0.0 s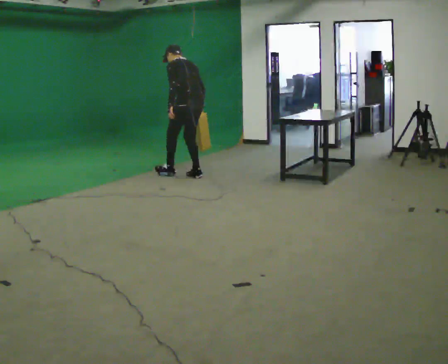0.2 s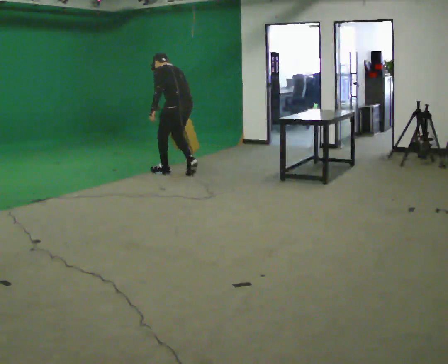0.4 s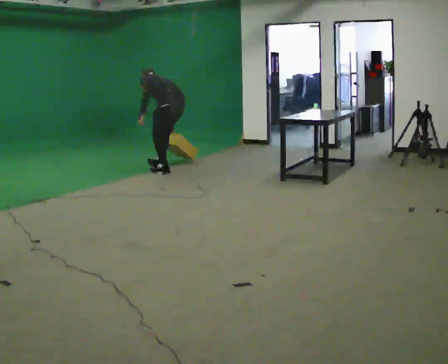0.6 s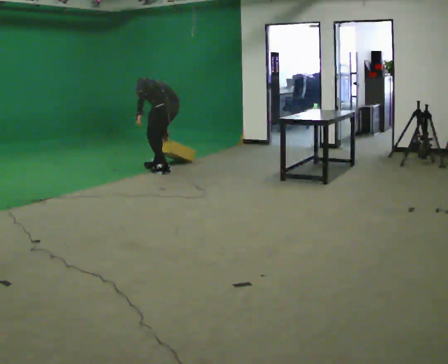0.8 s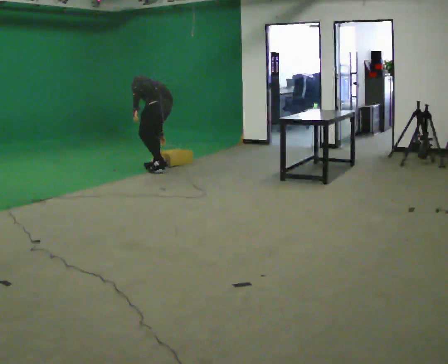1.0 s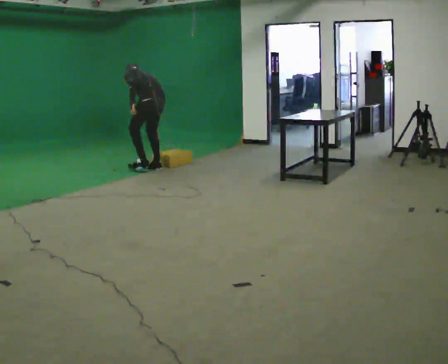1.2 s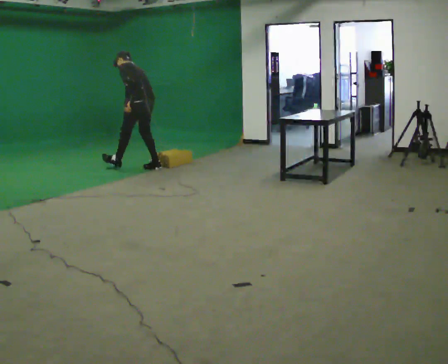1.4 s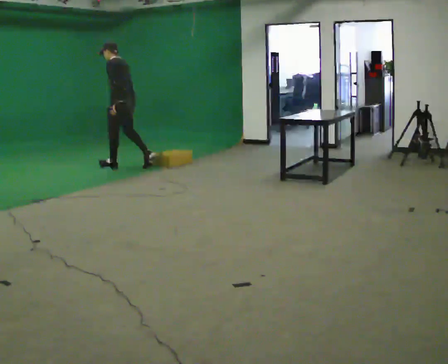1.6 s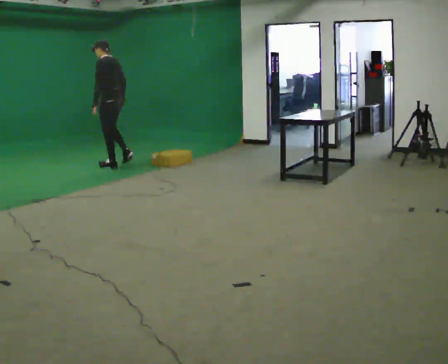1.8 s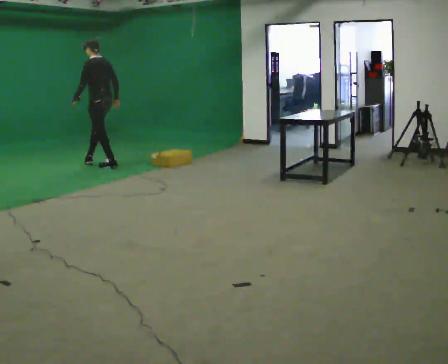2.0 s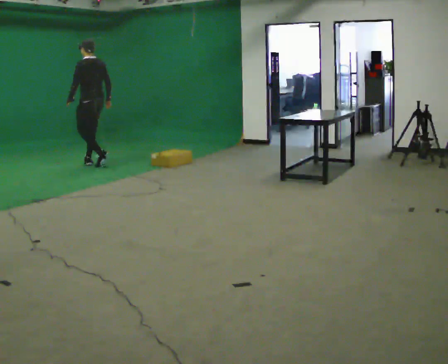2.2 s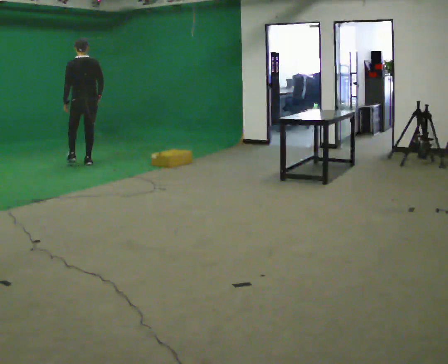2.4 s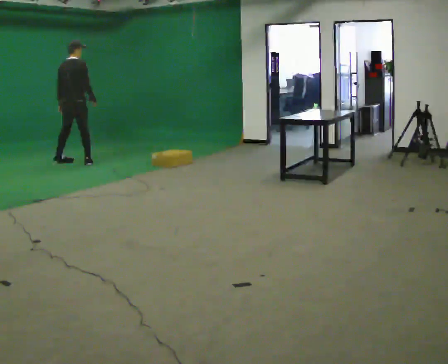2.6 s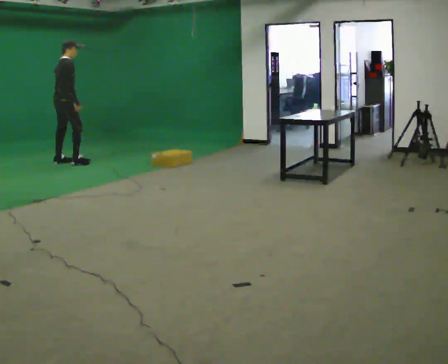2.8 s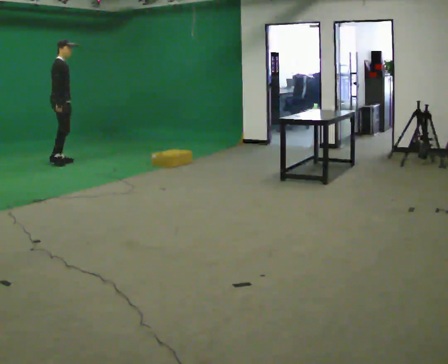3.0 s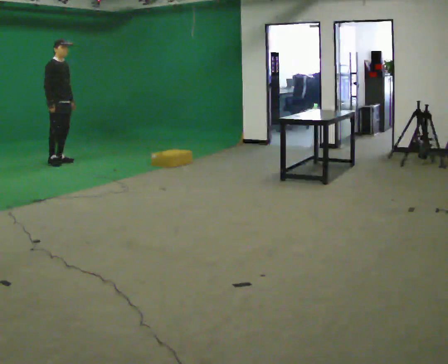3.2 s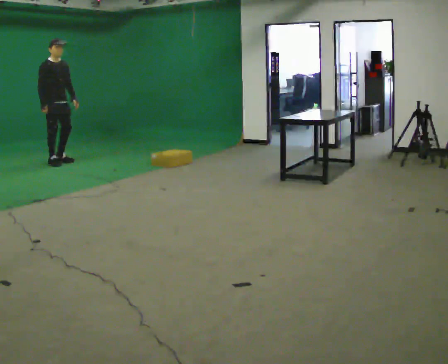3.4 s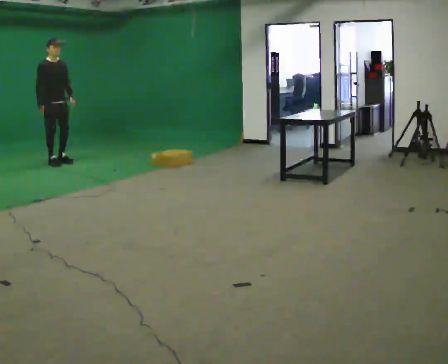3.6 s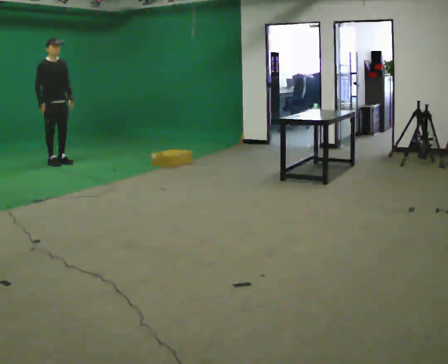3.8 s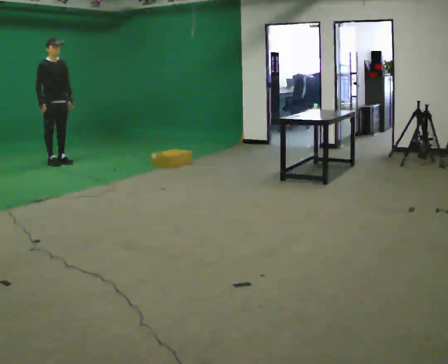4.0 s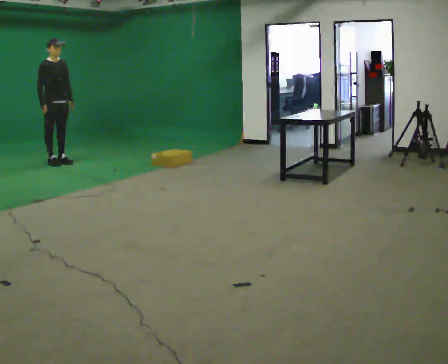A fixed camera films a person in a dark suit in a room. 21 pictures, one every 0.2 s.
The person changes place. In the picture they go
to the left.
0.0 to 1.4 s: In the picture they go to the left and away from the camera, about 1 m in 3 steps, which for them is forward.
1.4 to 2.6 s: Seen from above the body turns clockwise, about 120 degrees: to their right, with its near side sliding to the left. In the picture they go to the left and away from the camera, about 1 m in 2 steps. In the picture the upper body tilts clockwise, shoulders to the right.
2.6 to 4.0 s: The part of the body nearest the lens slides to the left as the person turns to their right by about 75 degrees.
The film runs forward here.
